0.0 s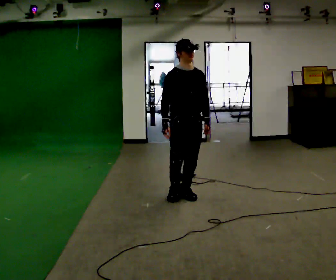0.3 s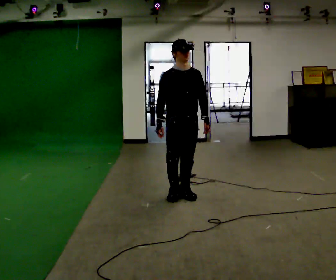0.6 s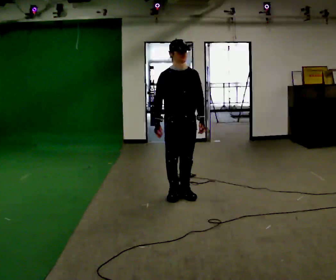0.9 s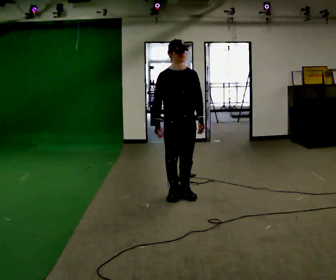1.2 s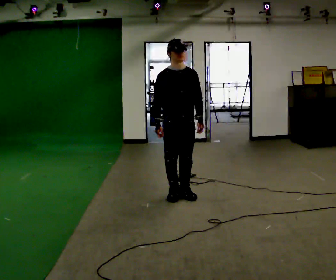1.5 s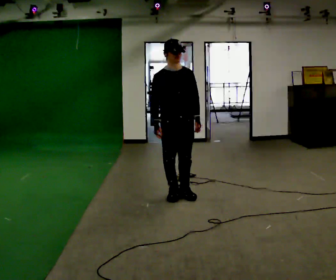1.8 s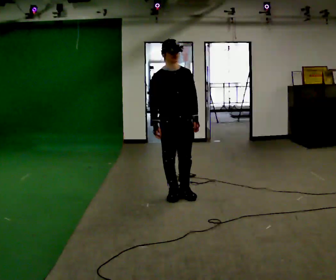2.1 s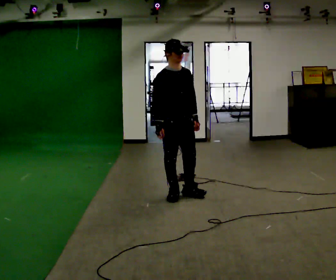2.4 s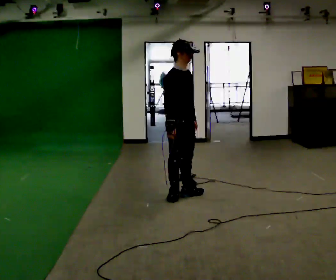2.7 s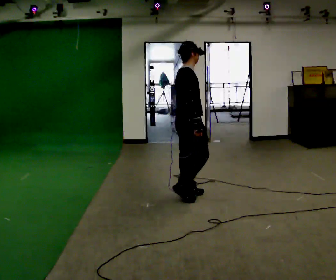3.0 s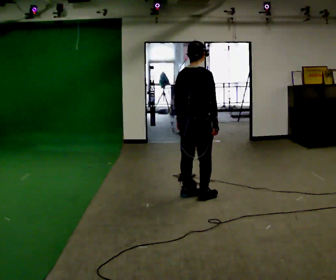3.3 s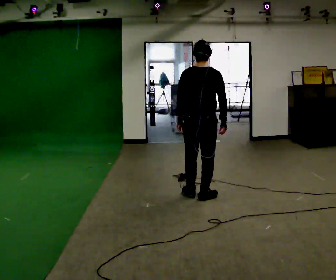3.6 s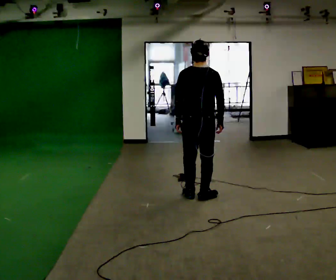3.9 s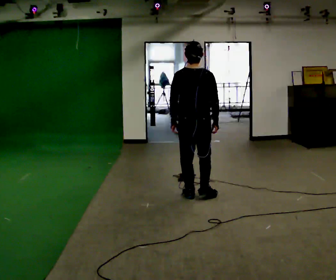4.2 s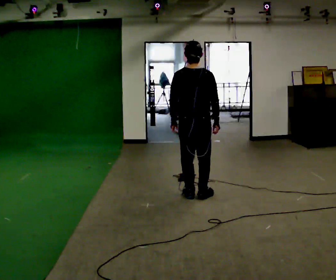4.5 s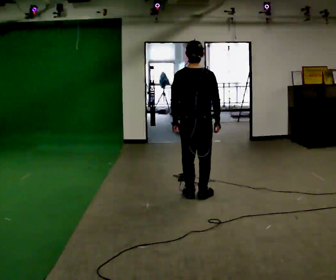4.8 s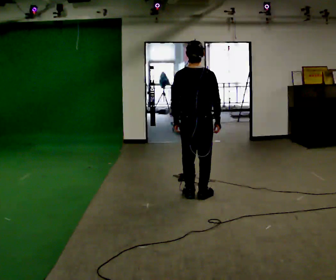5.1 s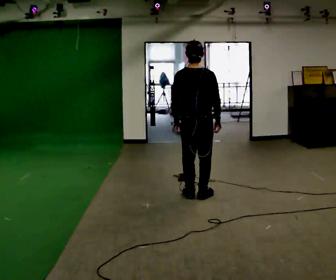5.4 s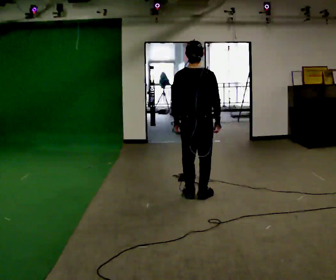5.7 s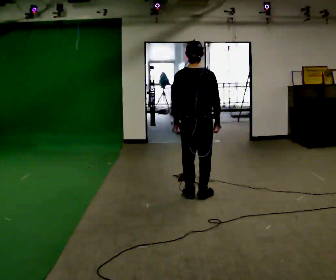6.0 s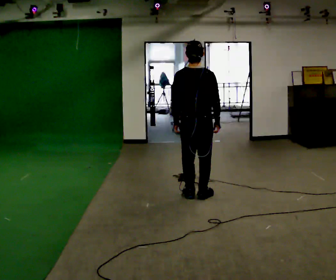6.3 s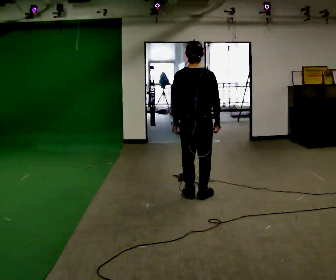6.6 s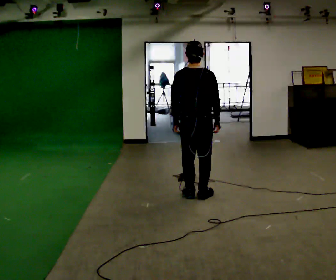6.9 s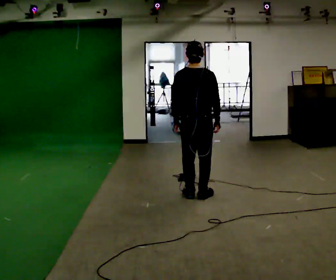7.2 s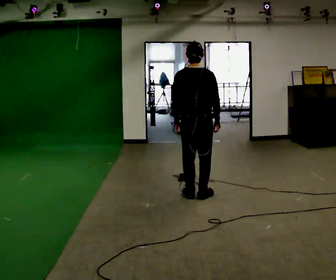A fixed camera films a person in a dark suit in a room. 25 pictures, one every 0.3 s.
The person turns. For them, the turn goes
to their left.
The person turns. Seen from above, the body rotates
counterclockwise.
0.0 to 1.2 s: The person moves a little, or ends about where they began.
1.2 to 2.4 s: The part of the body nearest the lens slides to the right as the person turns to their left by about 45 degrees.
2.4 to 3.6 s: The part of the body nearest the lens slides to the right as the person turns to their left by about 120 degrees. In the picture they go to the right, about 0.25 m in 1 step.
3.6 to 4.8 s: The person moves a little, or ends about where they began.
4.8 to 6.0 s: The person keeps their place and pose.
6.0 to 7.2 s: The person moves a little, or ends about where they began.
The film runs forward here.
